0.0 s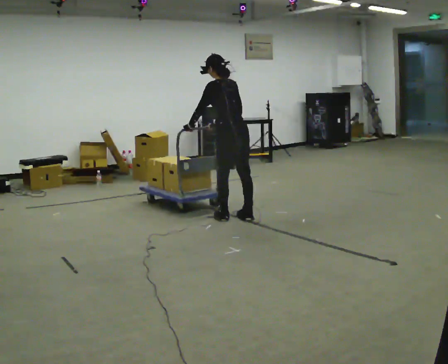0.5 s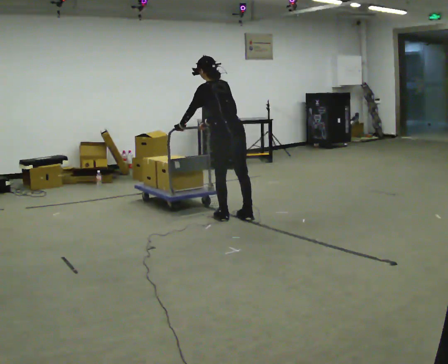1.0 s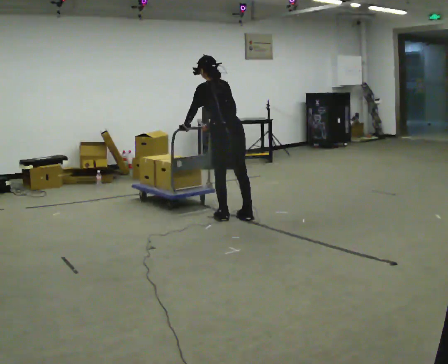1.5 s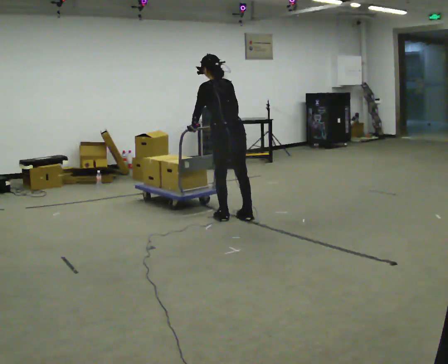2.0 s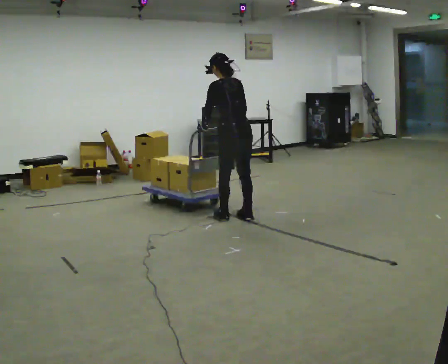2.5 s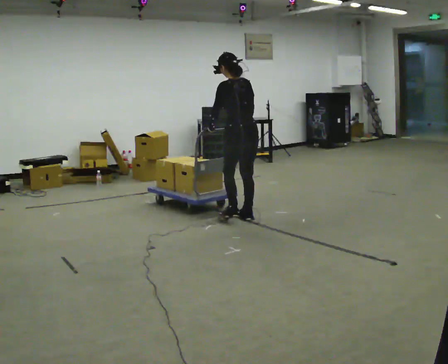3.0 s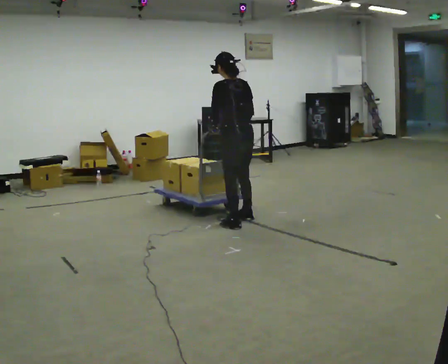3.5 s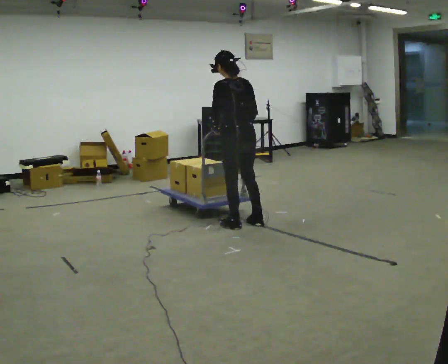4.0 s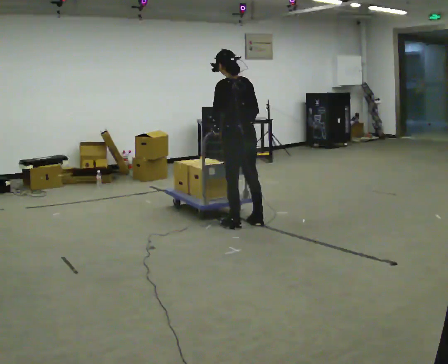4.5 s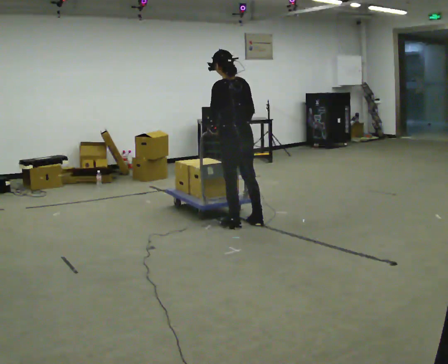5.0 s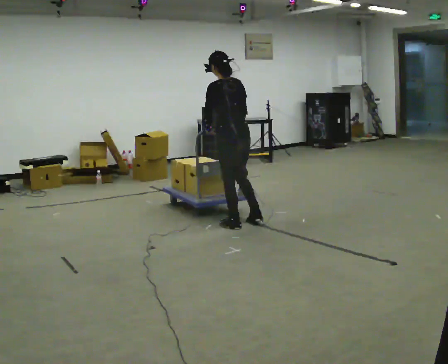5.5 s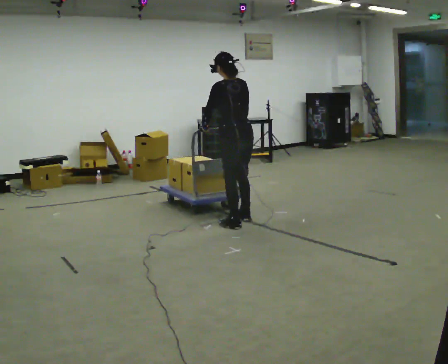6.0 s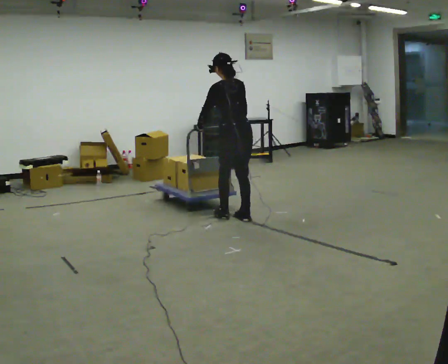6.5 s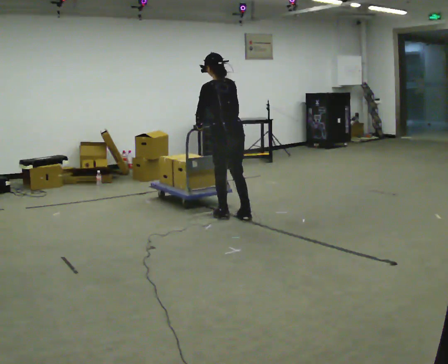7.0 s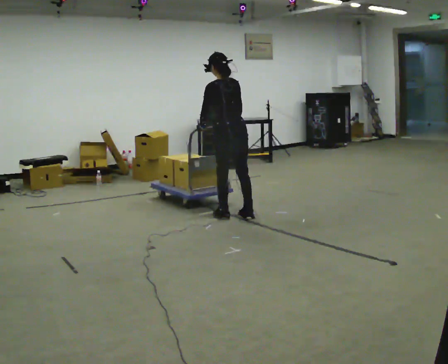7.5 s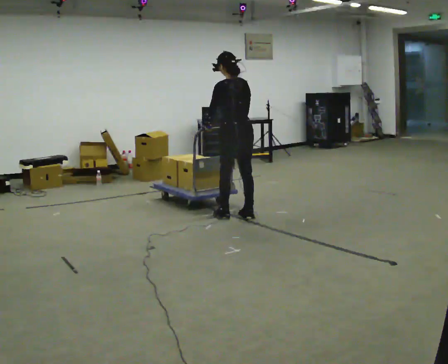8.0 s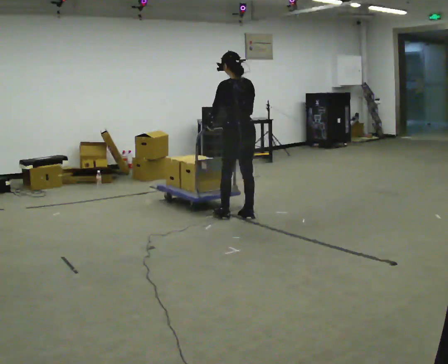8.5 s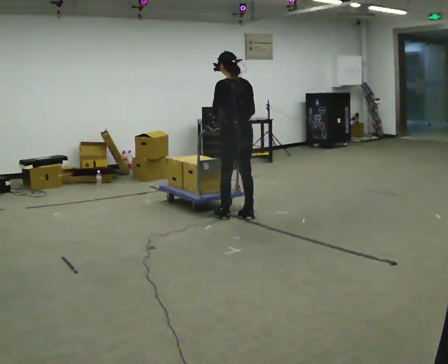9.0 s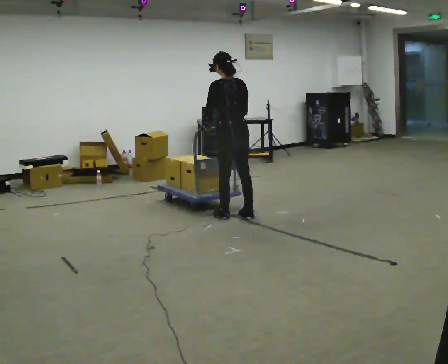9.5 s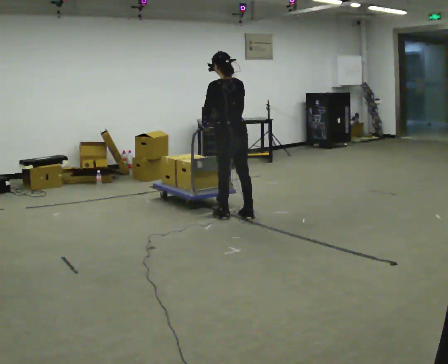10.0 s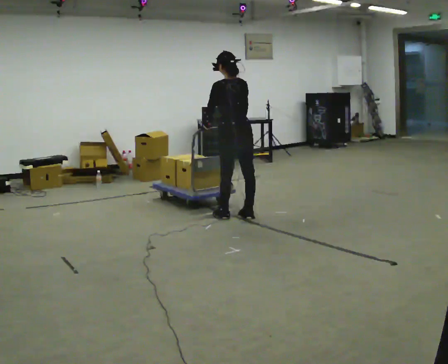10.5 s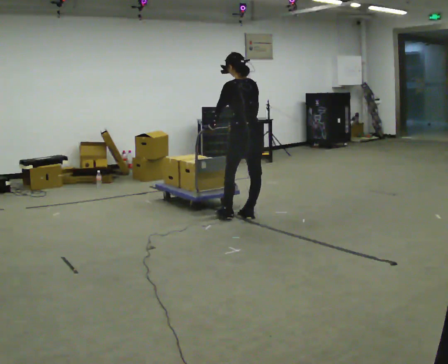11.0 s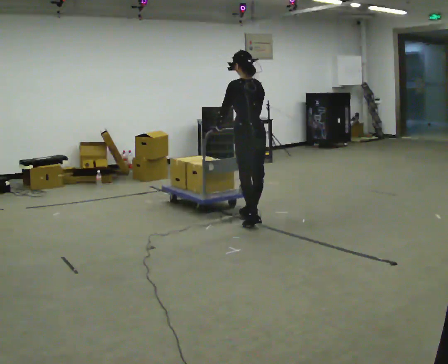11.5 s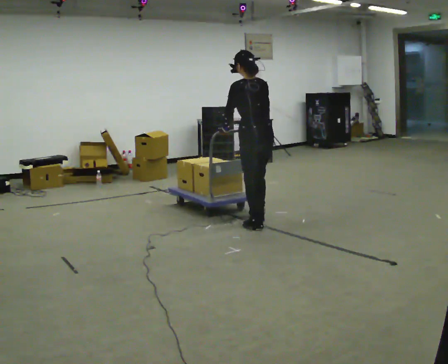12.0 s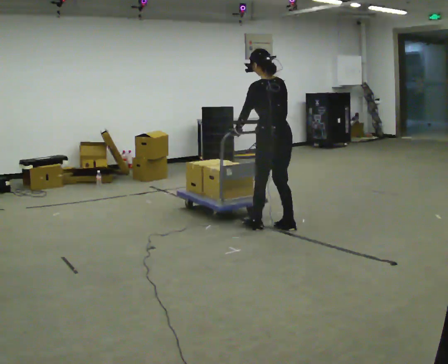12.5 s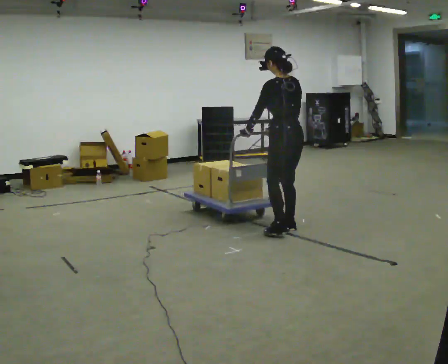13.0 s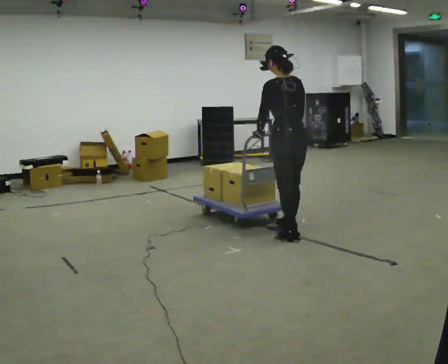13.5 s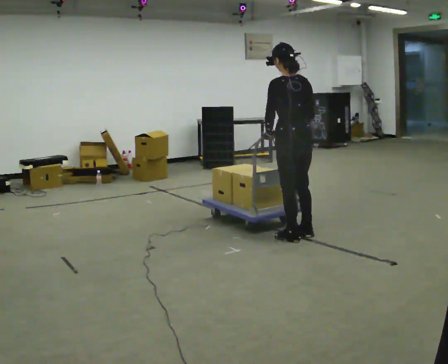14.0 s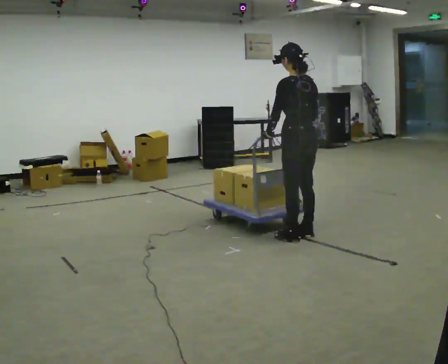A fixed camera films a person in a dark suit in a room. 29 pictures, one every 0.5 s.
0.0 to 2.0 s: The person moves a little, or ends about where they began.
2.0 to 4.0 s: In the picture they go toward the camera, about 0.25 m in 2 steps, which for them is backward.
4.0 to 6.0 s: In the picture they go away from the camera, about 0.25 m in 2 steps, which for them is forward.
6.0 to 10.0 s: The person moves a little, or ends about where they began.
10.0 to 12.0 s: In the picture they go toward the camera and to the right, about 0.5 m in 2 steps, which for them is backward.
12.0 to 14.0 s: In the picture they go toward the camera and to the right, about 0.25 m in 2 steps, which for them is backward.
The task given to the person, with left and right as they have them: Get the cart into the marked parking space and lined up with the tape. Take as many adjustments as you need. Then take it out again and repeat.
The film runs forward here.
